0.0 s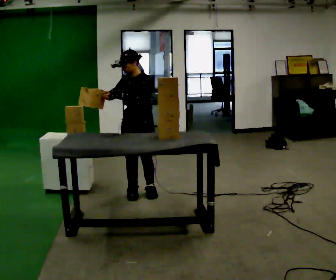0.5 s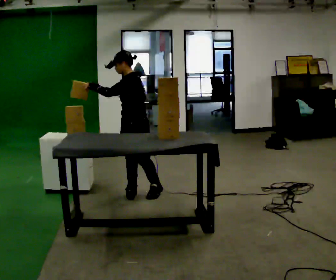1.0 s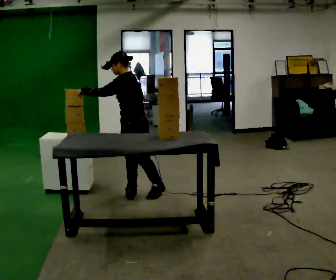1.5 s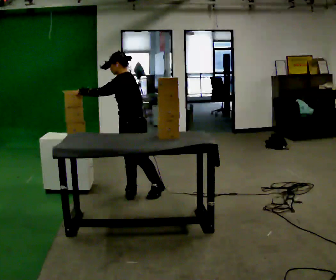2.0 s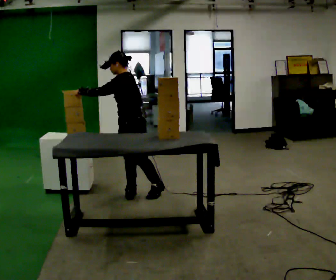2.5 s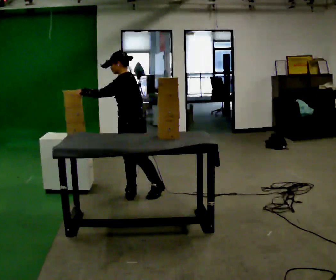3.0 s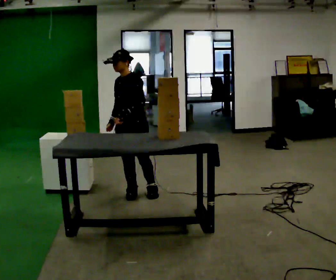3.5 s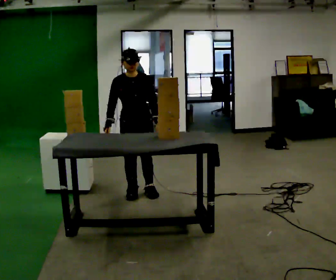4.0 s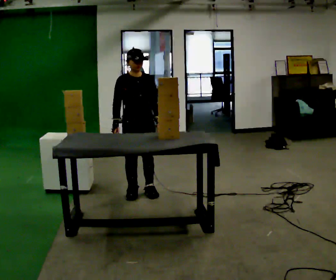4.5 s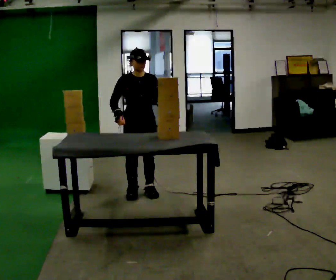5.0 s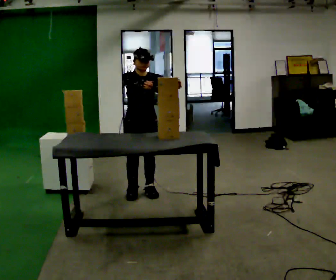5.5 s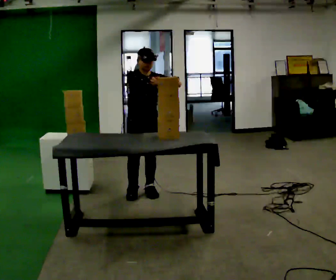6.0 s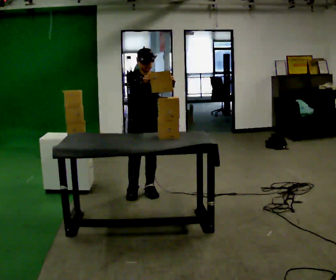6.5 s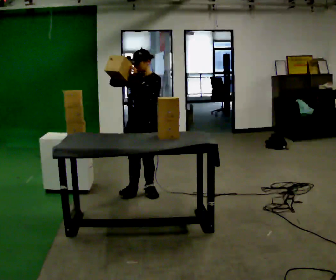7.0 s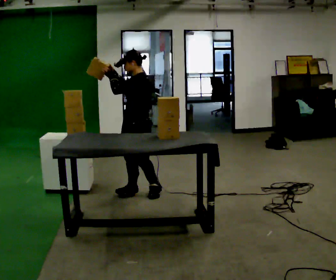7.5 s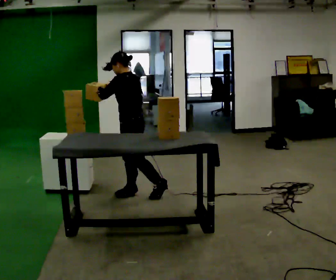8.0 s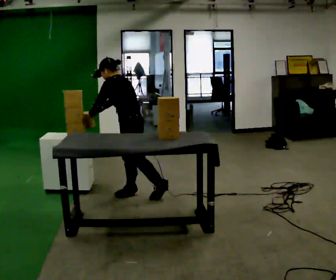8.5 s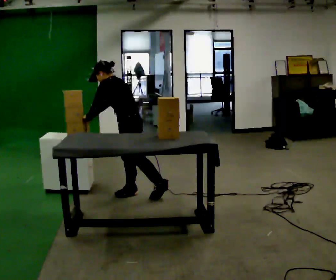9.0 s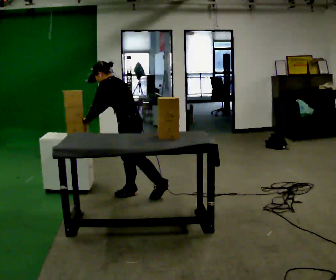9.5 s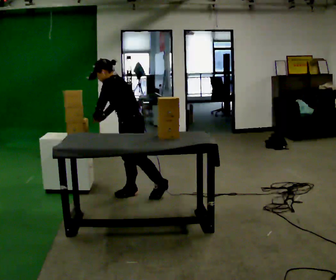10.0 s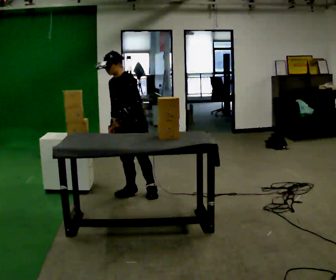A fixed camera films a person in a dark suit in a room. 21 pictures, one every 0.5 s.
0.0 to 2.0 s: The person turns about 45 degrees to their right, clockwise seen from above, so the part of the body nearest the lens slides to the left. In the picture their left hand goes to the left.
2.0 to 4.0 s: Seen from above the body turns counterclockwise, about 90 degrees: to their left, with its near side sliding to the right. In the picture their left hand goes to the right and downward.
4.0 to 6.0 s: In the picture their left hand goes upward.
6.0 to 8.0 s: Seen from above the body turns clockwise, about 105 degrees: to their right, with its near side sliding to the left. In the picture the upper body tilts counterclockwise, shoulders to the left. In the picture their right hand goes to the left and downward.
8.0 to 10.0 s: Seen from above the body turns counterclockwise, about 60 degrees: to their left, with its near side sliding to the right. The upper body tips toward the camera, its near side rolling downward. In the picture their left hand goes to the right.
The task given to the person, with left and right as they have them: Move the objects one at a time between the far targets the operator calls, without moving your feet. Repeat at your own pace until the operator says stop. Keep both feet on the marked spots for the whole take. If you have to step, stop and tell the operator.
The film runs forward here.
